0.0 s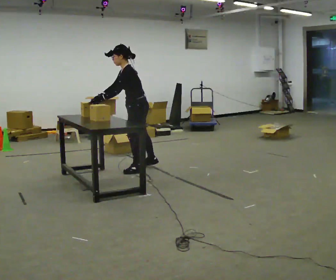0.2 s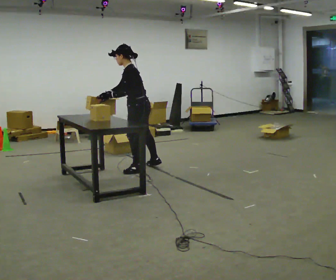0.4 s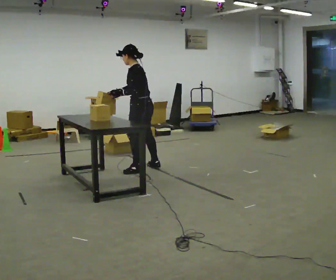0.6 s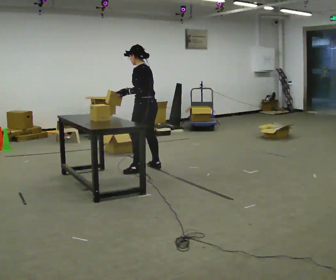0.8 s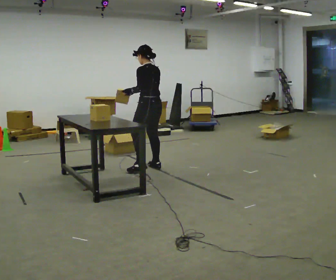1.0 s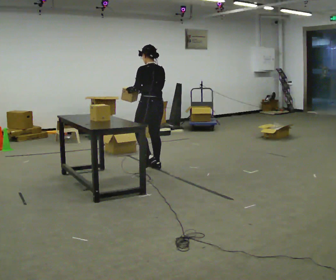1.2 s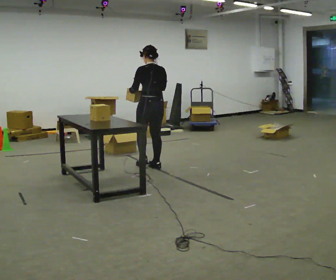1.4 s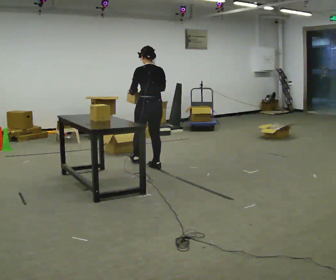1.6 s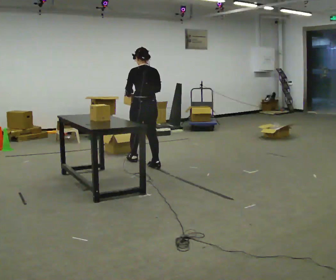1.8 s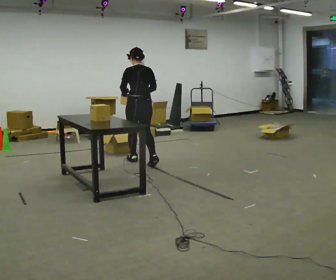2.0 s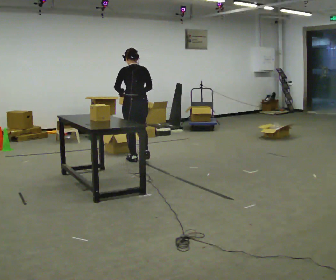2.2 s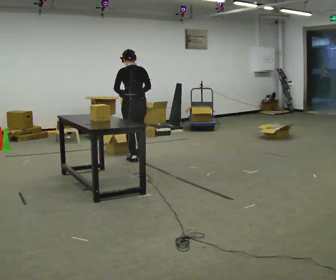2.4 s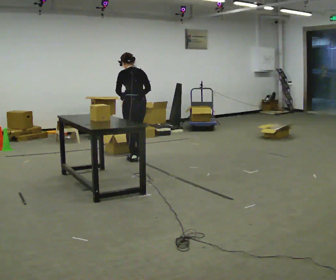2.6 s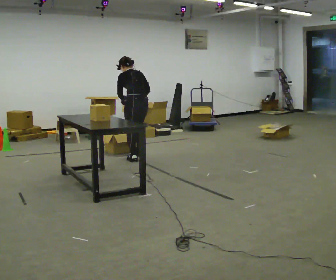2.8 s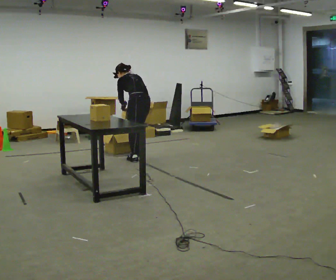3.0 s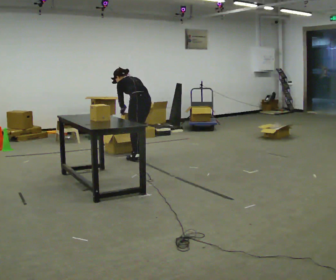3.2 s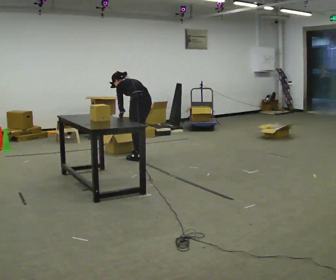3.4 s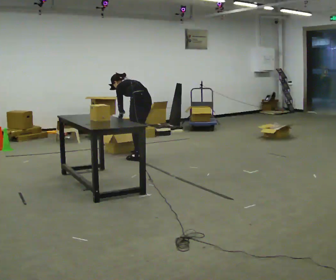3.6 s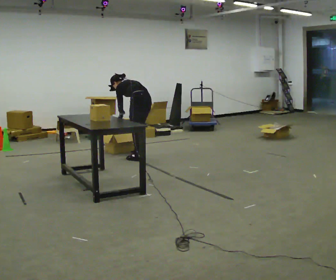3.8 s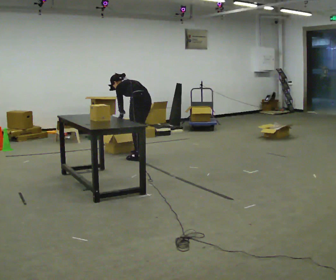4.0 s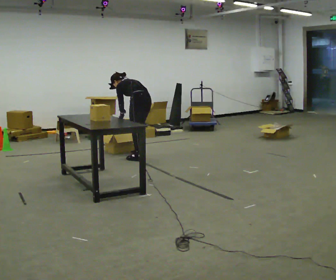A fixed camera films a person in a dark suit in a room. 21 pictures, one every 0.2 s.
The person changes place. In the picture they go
away from the camera.
The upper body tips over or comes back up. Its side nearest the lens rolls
upward.
0.0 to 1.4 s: The part of the body nearest the lens slides to the left as the person turns to their right by about 75 degrees. In the picture they go away from the camera, about 0.25 m. In the picture the upper body tilts clockwise, shoulders to the right, as they lean back or straighten.
1.4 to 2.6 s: In the picture they go away from the camera, about 0.5 m in 2 steps, which for them is forward. The upper body tips away from the camera, its near side rolling upward, as they bend forward.
2.6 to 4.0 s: In the picture the upper body tilts counterclockwise, shoulders to the left, as they bend forward.
The film runs forward here.
